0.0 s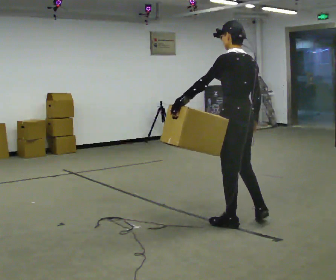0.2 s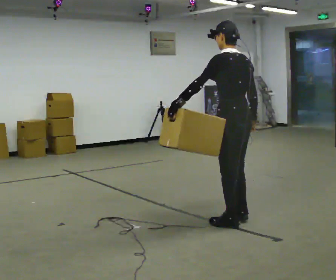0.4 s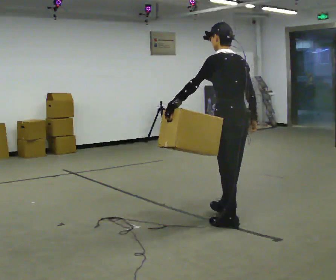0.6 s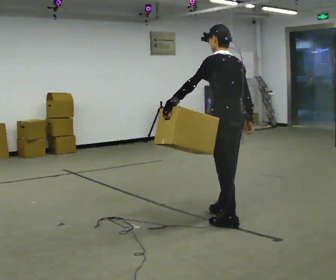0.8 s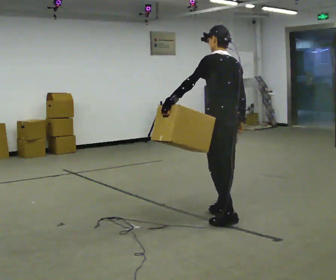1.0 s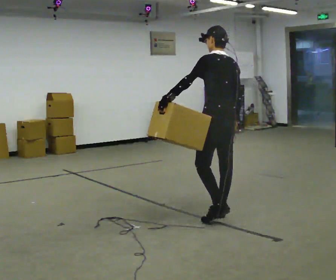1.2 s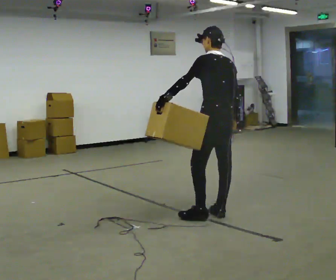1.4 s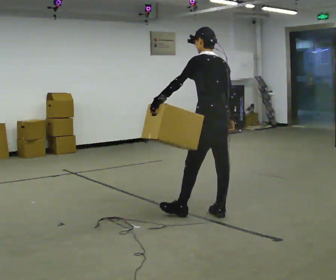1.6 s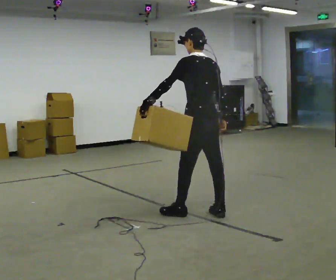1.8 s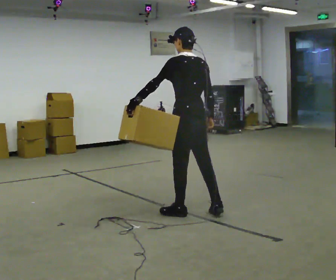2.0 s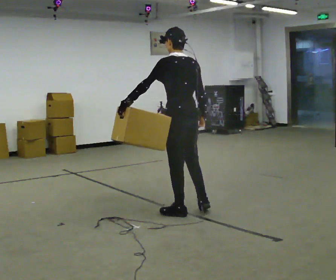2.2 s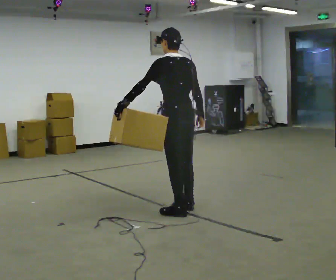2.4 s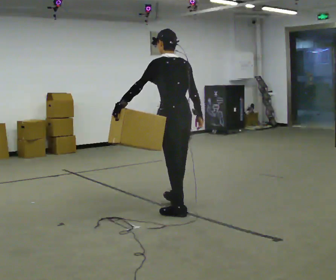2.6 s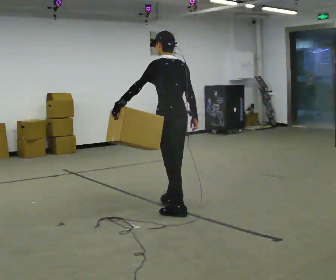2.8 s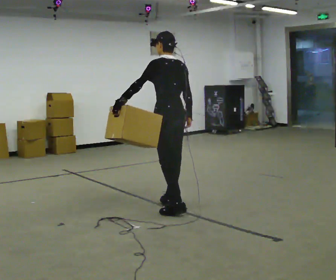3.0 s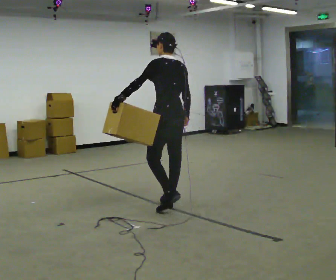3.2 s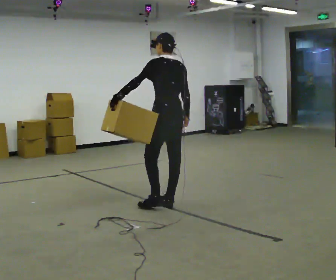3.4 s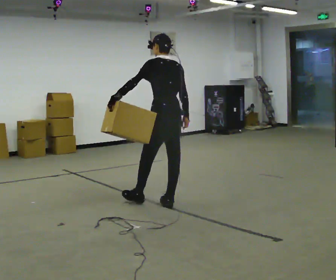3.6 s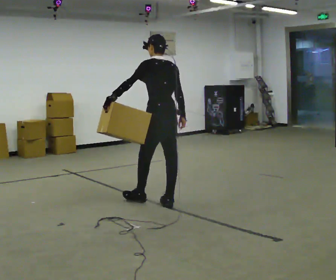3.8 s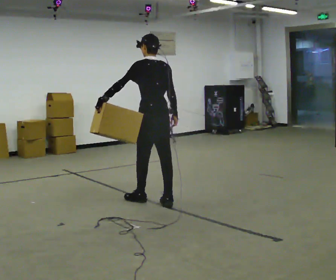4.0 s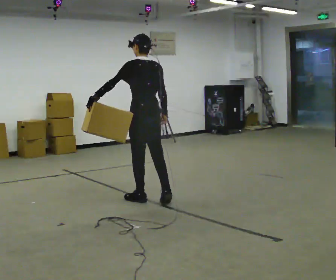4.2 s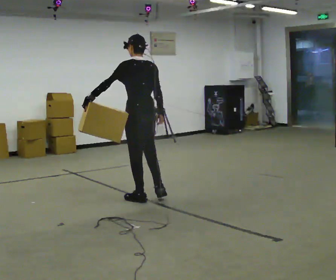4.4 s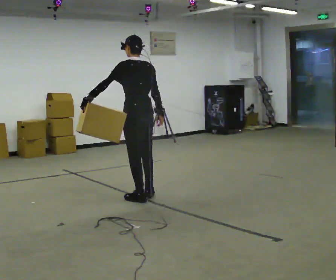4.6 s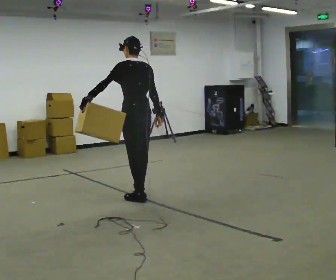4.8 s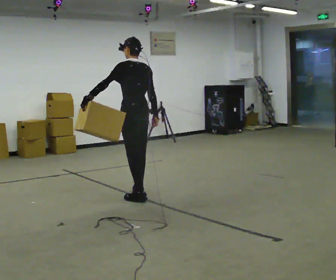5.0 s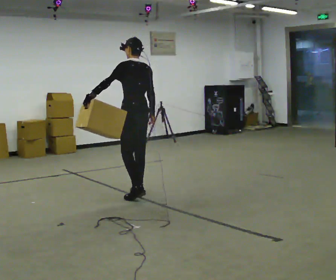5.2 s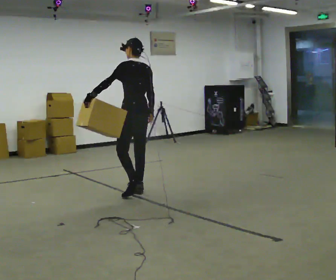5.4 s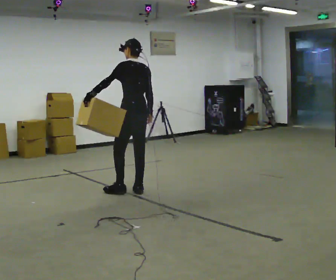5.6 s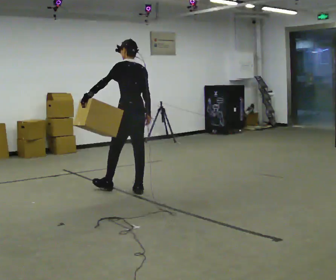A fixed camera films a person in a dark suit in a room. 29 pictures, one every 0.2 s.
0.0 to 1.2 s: In the picture they go away from the camera, about 0.25 m in 1 step, which for them is forward.
1.2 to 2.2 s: In the picture they go to the left, about 0.25 m in 1 step, which for them is forward and to their left.
2.2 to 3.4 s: In the picture they go away from the camera, about 0.25 m in 1 step, which for them is forward and to their right.
3.4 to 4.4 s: In the picture they go to the left and away from the camera, about 0.25 m in 1 step, which for them is forward and to their left.
4.4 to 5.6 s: In the picture they go away from the camera, about 0.5 m in 1 step, which for them is forward and to their right.
The film runs forward here.
